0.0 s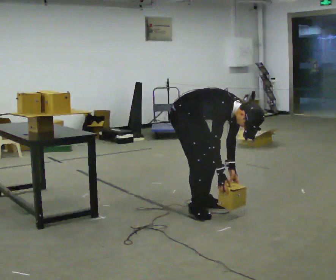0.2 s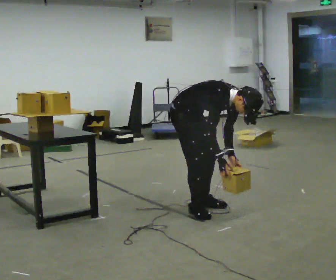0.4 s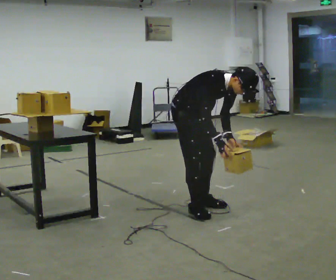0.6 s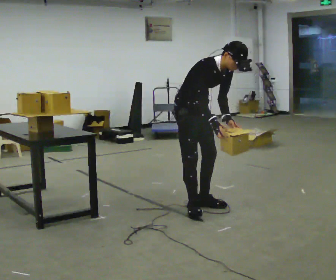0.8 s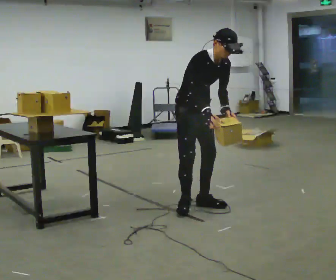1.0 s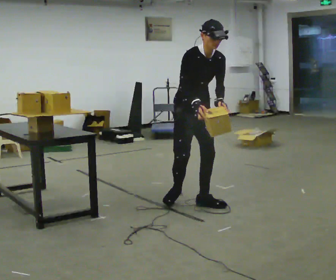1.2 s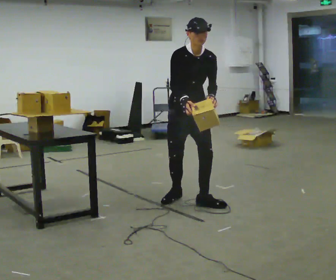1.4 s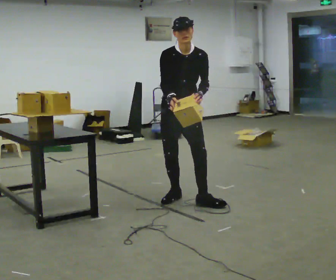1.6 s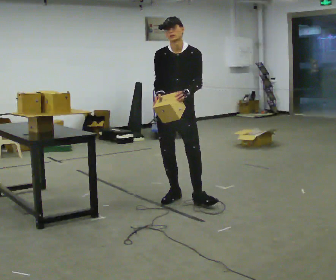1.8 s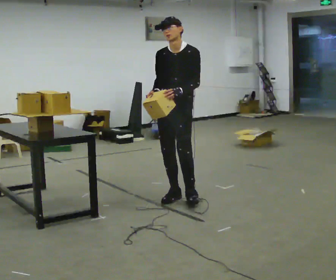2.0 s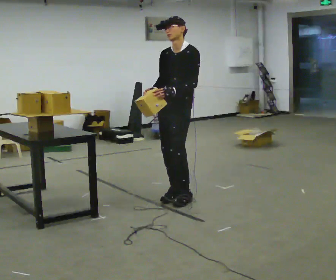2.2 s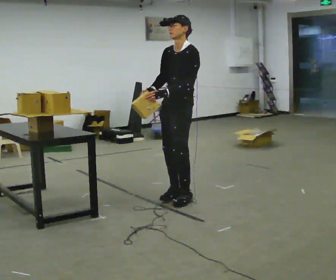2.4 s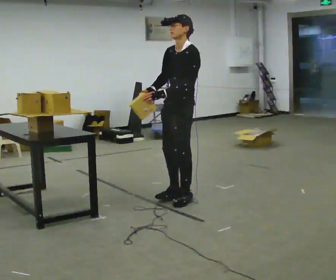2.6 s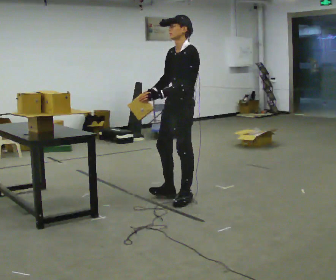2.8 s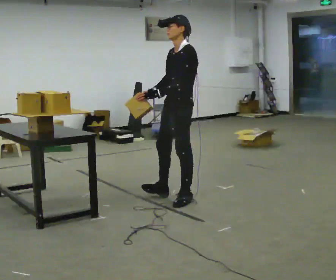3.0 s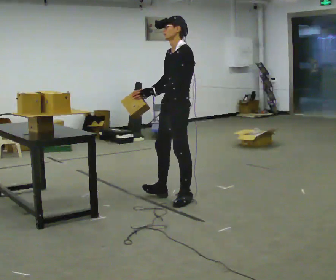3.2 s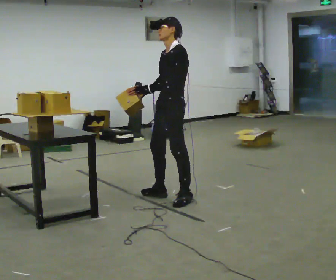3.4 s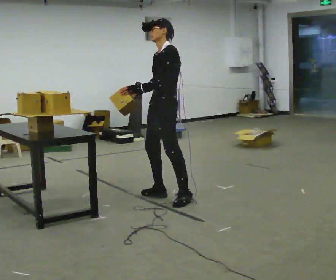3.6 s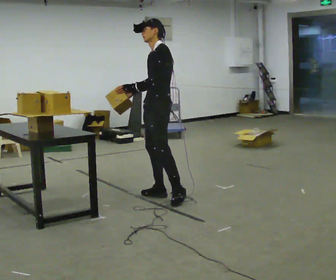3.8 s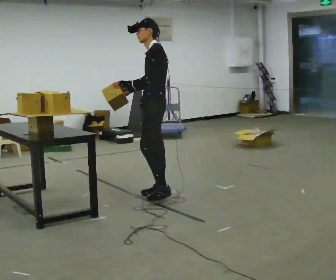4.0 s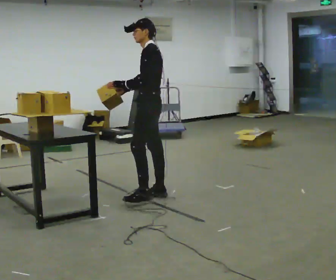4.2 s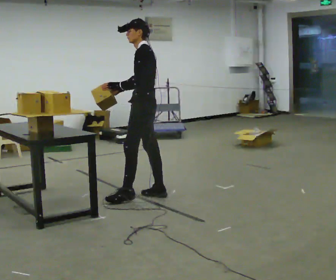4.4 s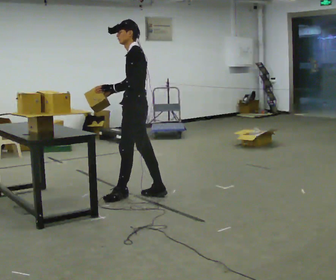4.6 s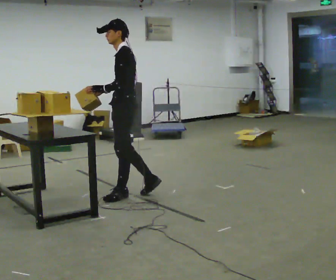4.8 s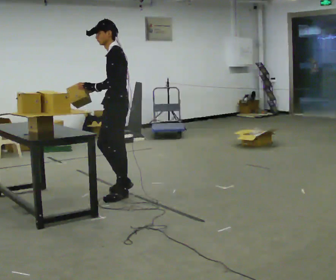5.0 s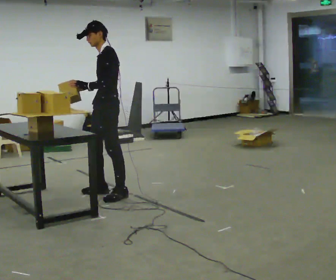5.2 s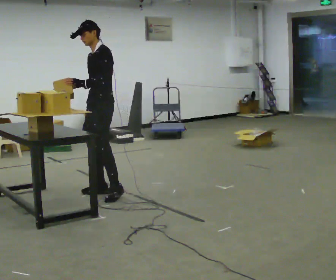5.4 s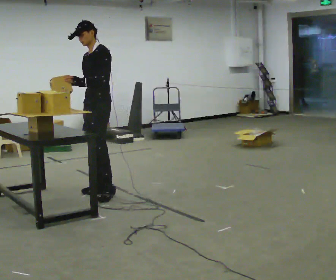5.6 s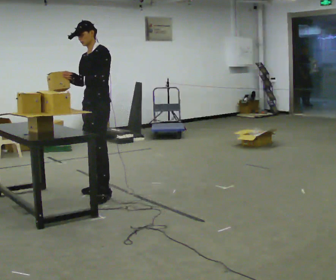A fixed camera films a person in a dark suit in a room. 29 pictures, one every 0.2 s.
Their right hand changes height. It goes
upward.
Their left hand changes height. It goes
upward.
0.0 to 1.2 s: The person turns about 45 degrees to their right, clockwise seen from above, so the part of the body nearest the lens slides to the left. In the picture they go away from the camera, about 0.25 m in 1 step, which for them is backward. The upper body goes upward. In the picture the upper body tilts counterclockwise, shoulders to the left, as they lean back or straighten. In the picture their left hand goes upward.
1.2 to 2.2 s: The part of the body nearest the lens slides to the left as the person turns to their right by about 60 degrees. In the picture their left hand goes to the left, the arm swinging clockwise.
2.2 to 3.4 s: The person moves a little, or ends about where they began.
3.4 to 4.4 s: In the picture they go to the left, about 0.25 m in 1 step, which for them is forward.
4.4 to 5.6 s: The part of the body nearest the lens slides to the right as the person turns to their left by about 45 degrees. In the picture they go to the left, about 0.5 m in 1 step, which for them is forward and to their right.
The film runs forward here.
